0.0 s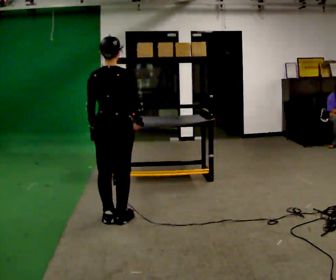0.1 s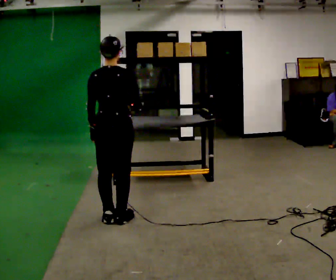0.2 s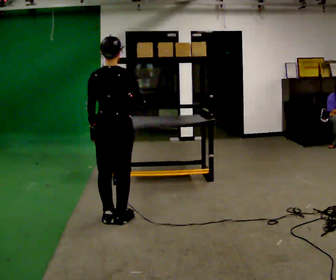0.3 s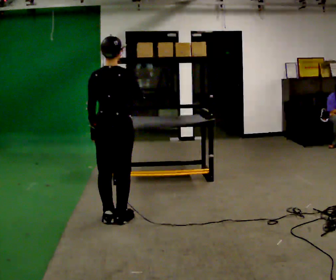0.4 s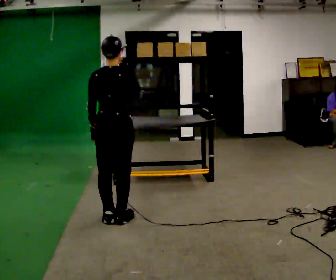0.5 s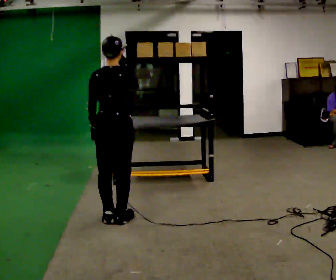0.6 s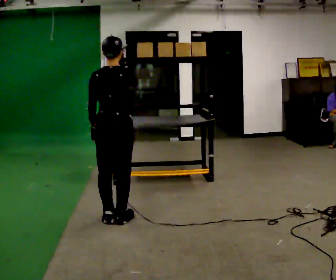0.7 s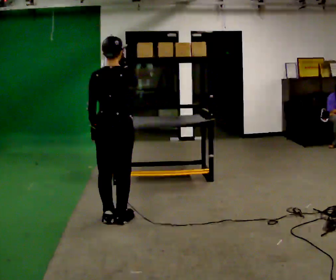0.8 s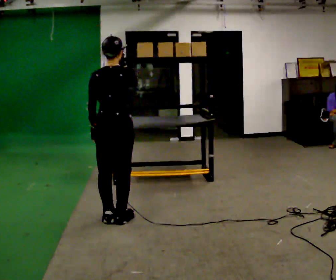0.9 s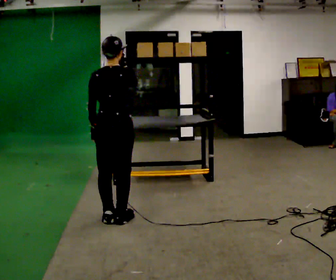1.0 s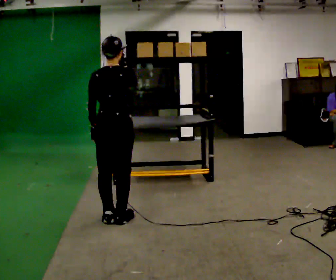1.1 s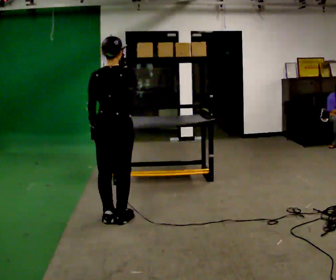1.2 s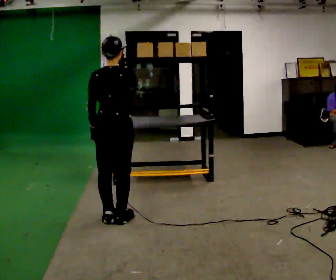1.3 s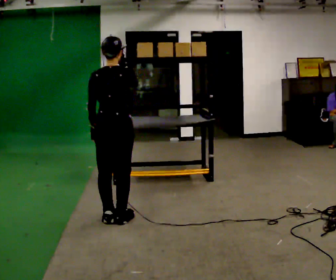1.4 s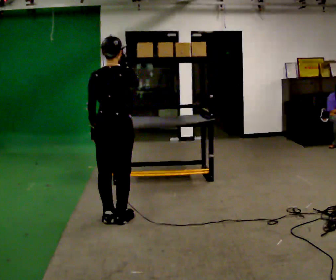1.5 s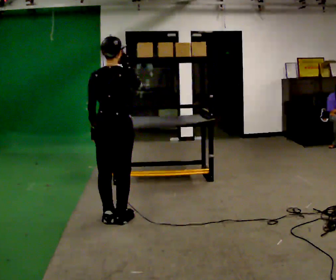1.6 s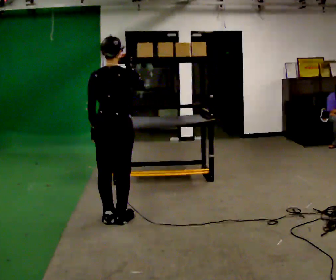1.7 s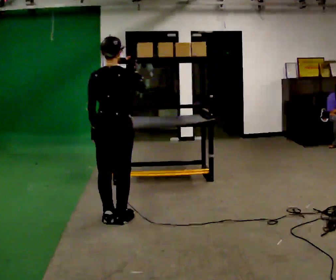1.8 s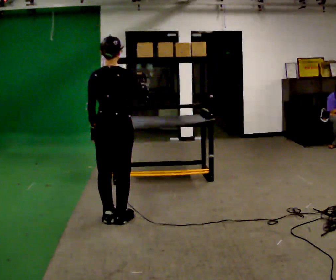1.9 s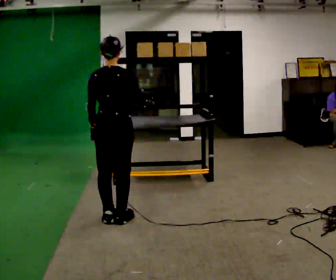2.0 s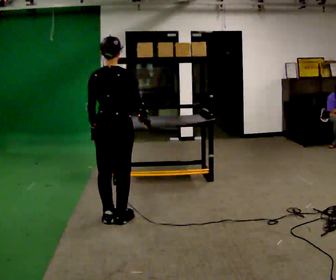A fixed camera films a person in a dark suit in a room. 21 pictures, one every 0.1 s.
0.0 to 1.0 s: In the picture their right hand goes upward.
1.0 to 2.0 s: In the picture their right hand goes downward.
The film runs backward here.
